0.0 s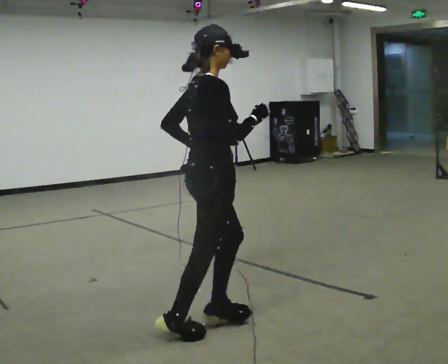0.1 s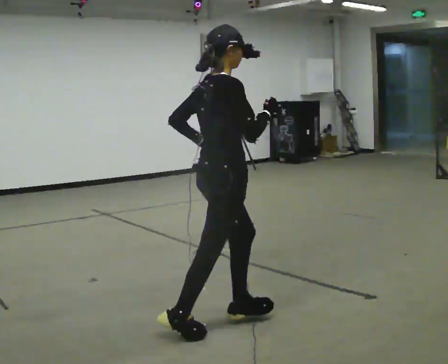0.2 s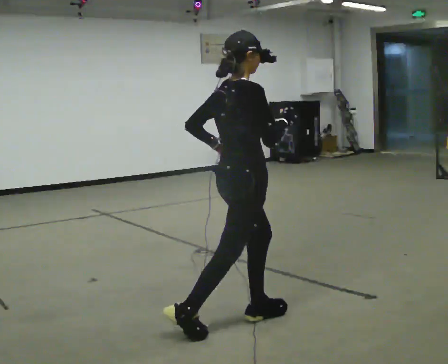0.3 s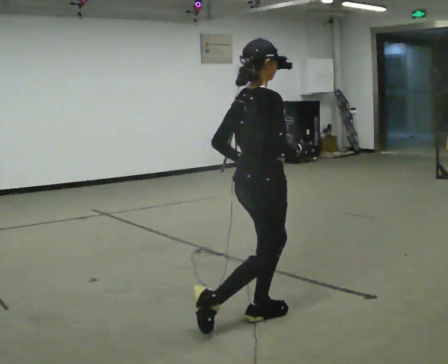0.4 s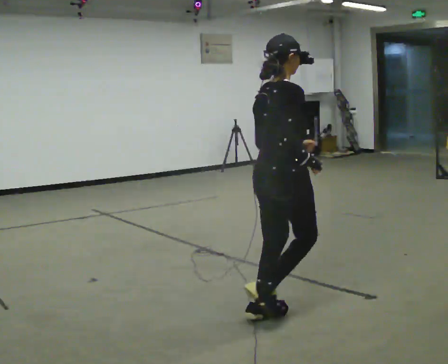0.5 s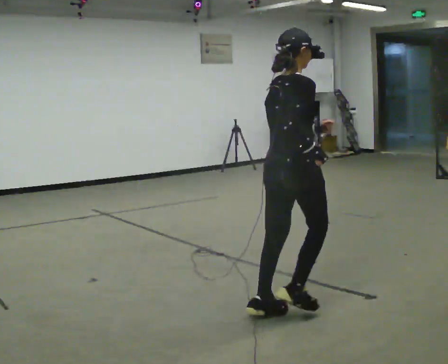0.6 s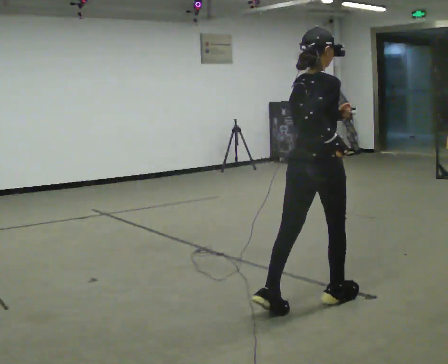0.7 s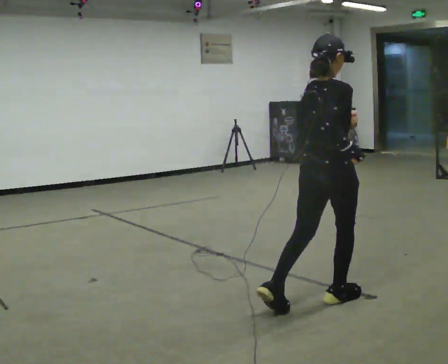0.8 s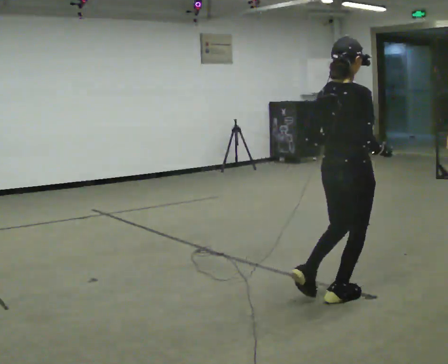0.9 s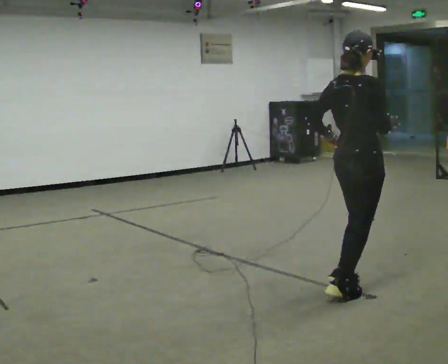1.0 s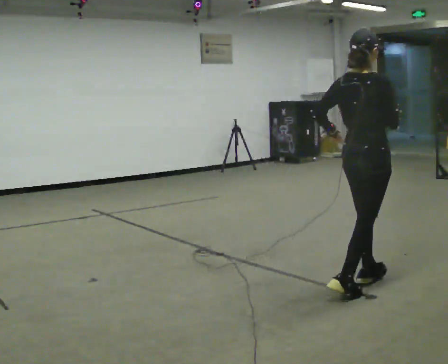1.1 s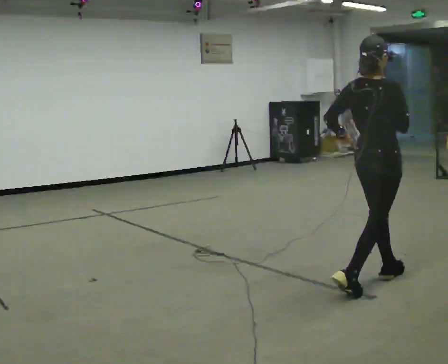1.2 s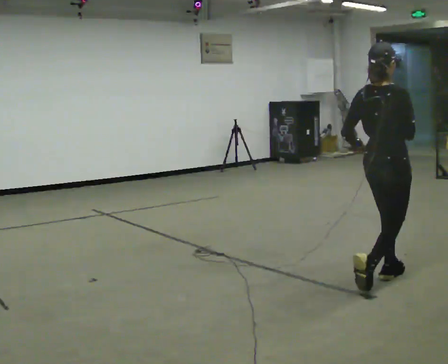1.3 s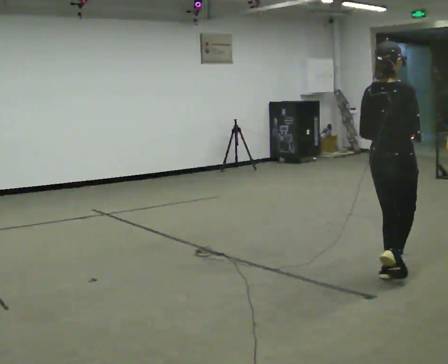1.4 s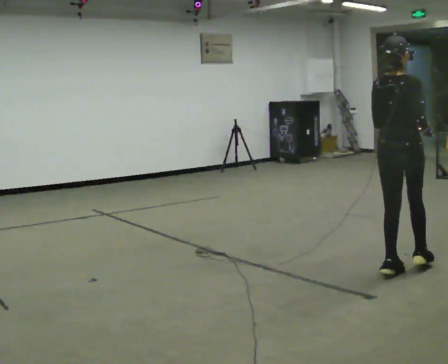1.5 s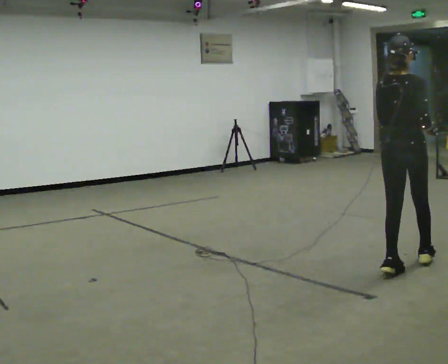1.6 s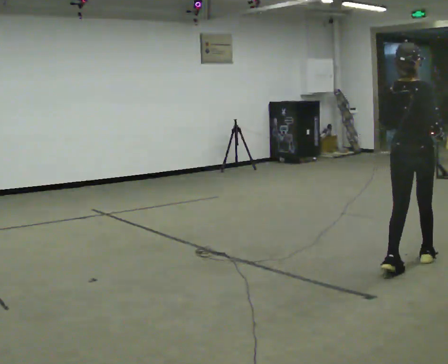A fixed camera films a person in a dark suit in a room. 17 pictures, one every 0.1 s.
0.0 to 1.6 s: The person turns about 45 degrees to their left, counterclockwise seen from above, so the part of the body nearest the lens slides to the right. In the picture they go to the right and away from the camera, about 1.5 m in 4 steps, which for them is forward.
The film runs forward here.
